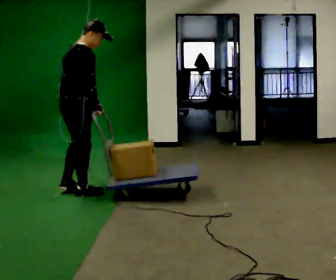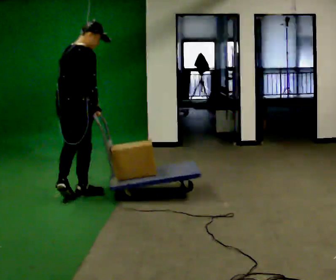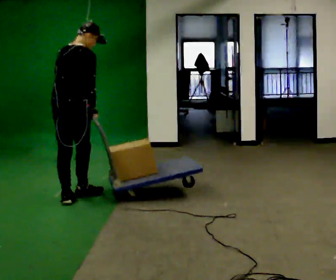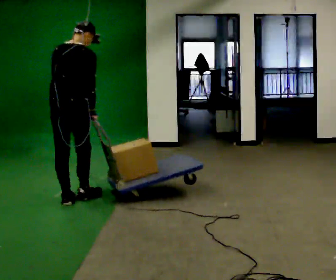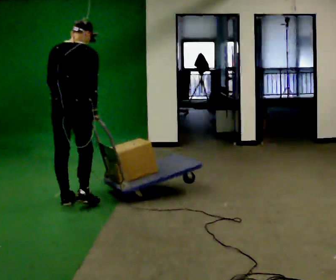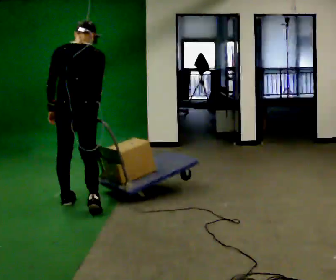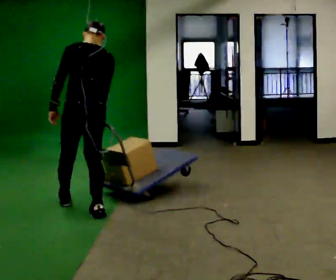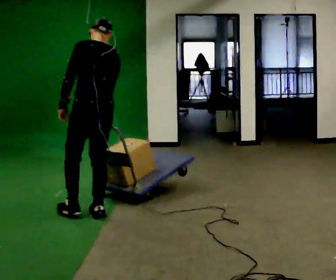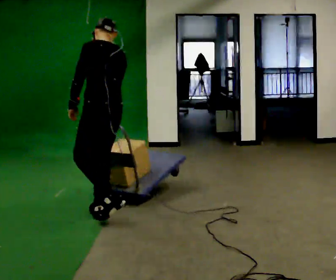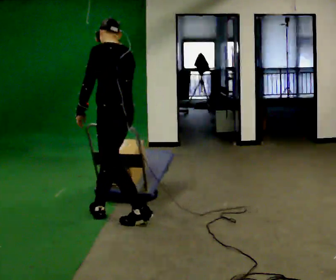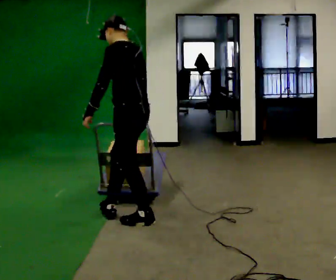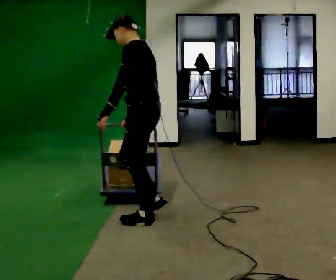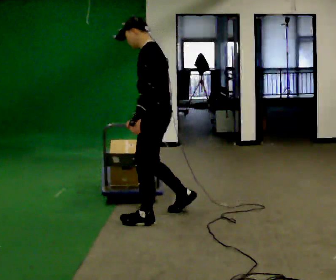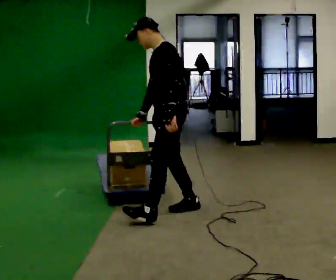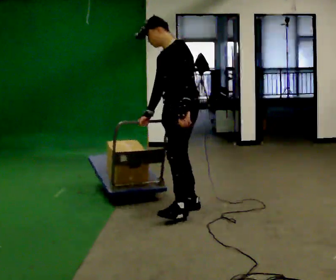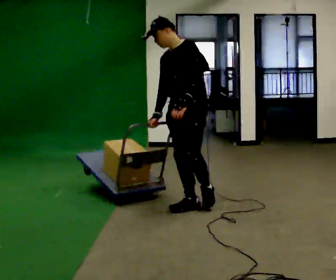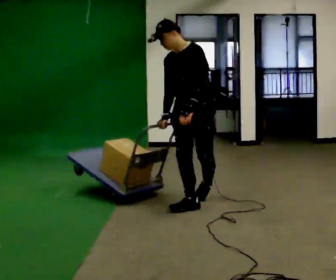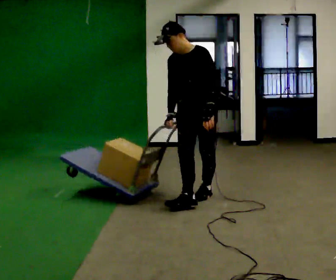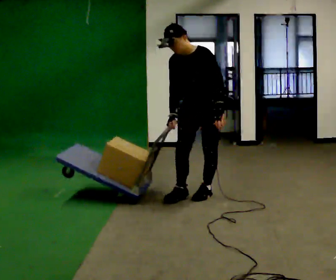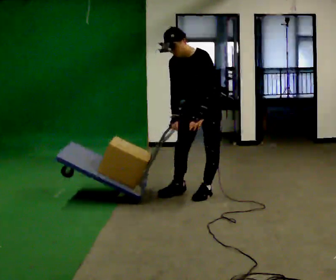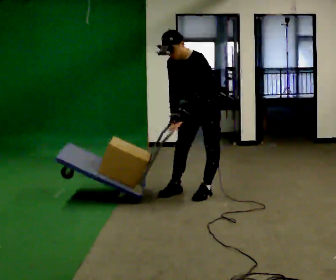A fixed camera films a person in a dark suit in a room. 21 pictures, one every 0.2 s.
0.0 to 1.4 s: The person turns about 90 degrees to their left, counterclockwise seen from above, so the part of the body nearest the lens slides to the right. In the picture they go toward the camera and to the right, about 0.75 m in 2 steps.
1.4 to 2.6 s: Seen from above the body turns counterclockwise, about 60 degrees: to their left, with its near side sliding to the right. In the picture they go to the right, about 0.75 m in 1 step.
2.6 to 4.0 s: The person turns about 45 degrees to their left, counterclockwise seen from above, so the part of the body nearest the lens slides to the right. In the picture they go away from the camera and to the right, about 0.5 m in 2 steps, which for them is backward. The upper body tips toward the camera, its near side rolling downward, as they bend forward.
The film runs backward here.
